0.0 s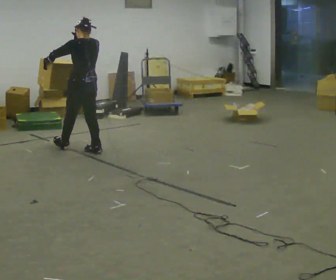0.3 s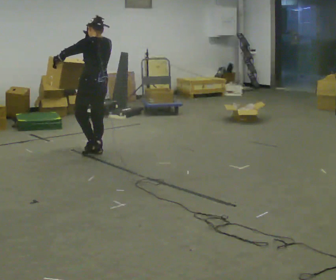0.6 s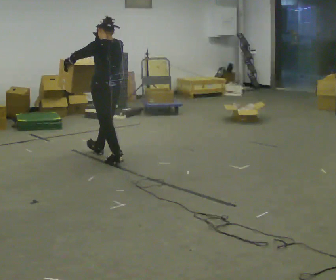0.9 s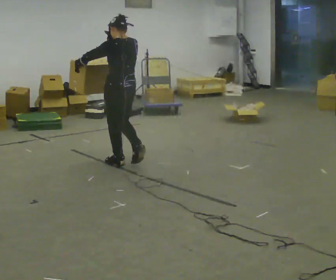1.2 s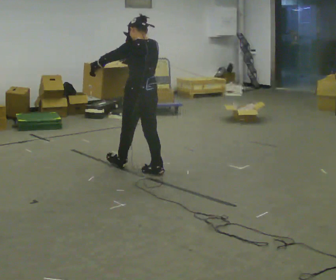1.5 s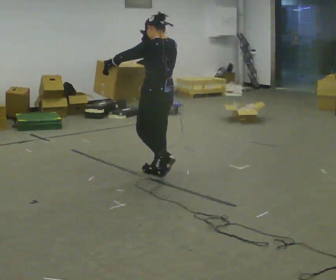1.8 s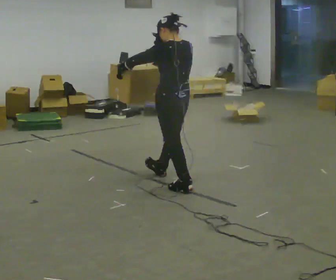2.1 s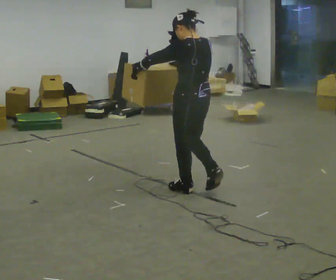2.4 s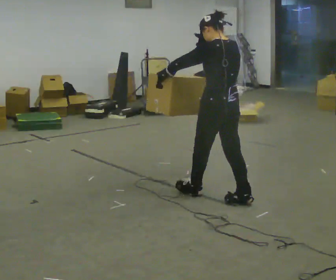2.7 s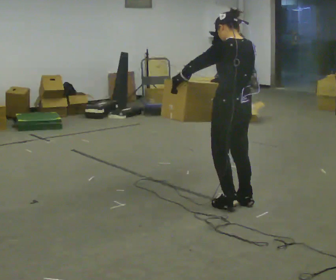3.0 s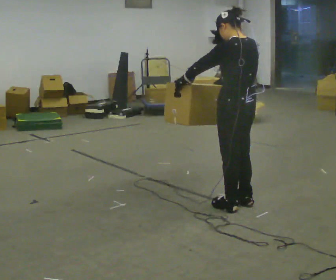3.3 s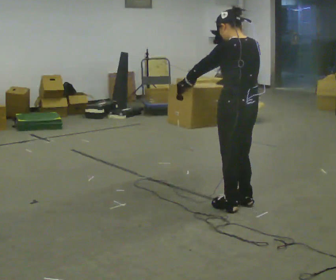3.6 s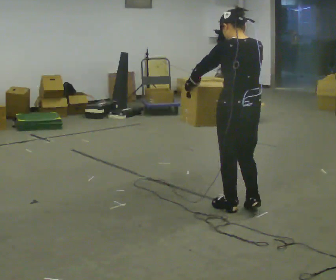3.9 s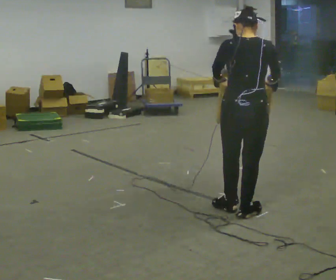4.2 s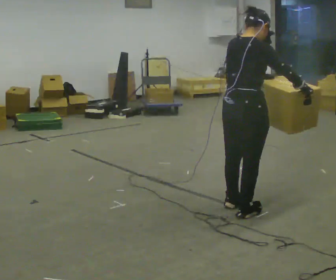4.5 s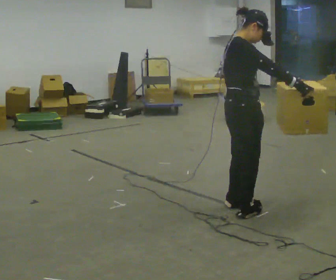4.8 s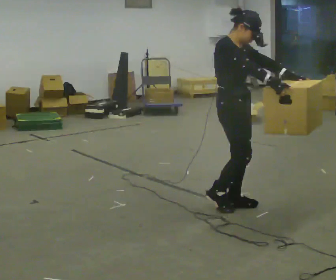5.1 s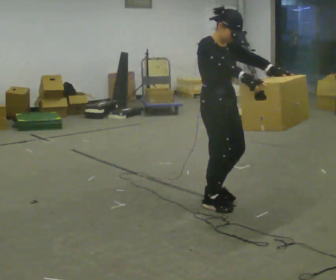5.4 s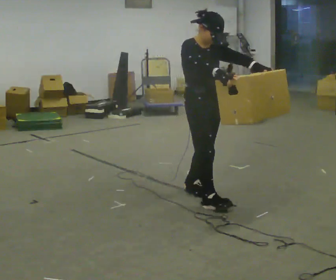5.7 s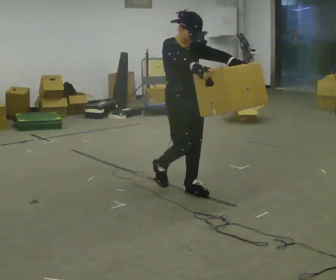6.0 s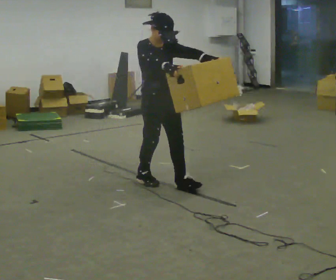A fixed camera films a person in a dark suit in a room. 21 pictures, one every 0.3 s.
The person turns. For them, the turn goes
to their right.
The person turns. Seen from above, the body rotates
clockwise.
0.0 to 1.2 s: In the picture they go to the right and toward the camera, about 1 m in 3 steps, which for them is backward.
1.2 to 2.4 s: In the picture they go toward the camera and to the right, about 1 m in 2 steps, which for them is backward.
2.4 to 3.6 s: In the picture they go toward the camera and to the right, about 0.25 m in 1 step, which for them is backward.
3.6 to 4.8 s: The person turns about 135 degrees to their right, clockwise seen from above, so the part of the body nearest the lens slides to the left. In the picture their left hand goes to the right.
4.8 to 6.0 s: The part of the body nearest the lens slides to the left as the person turns to their right by about 30 degrees. In the picture they go to the left and away from the camera, about 0.5 m in 3 steps, which for them is backward.
The film runs backward here.
